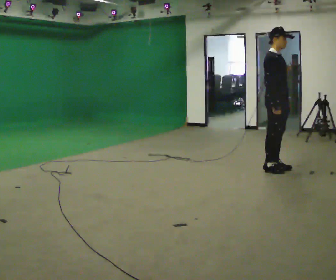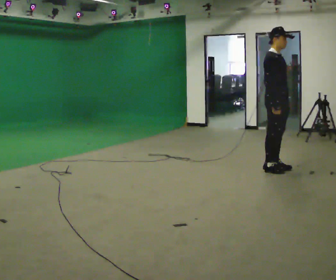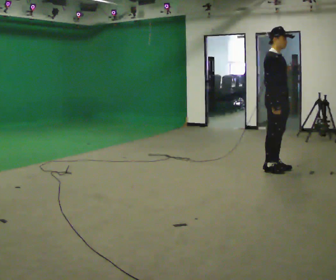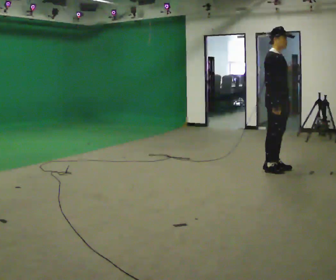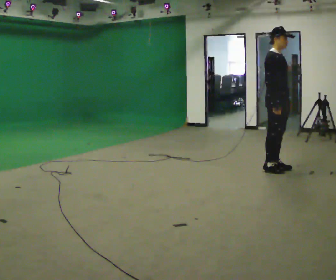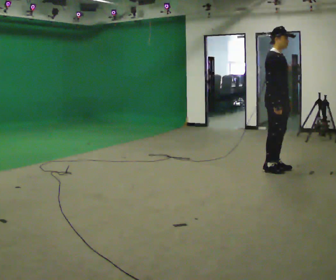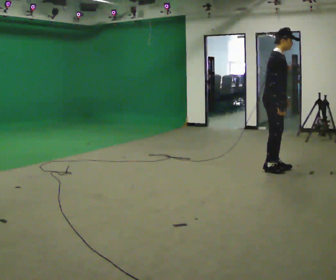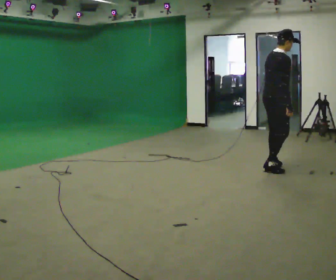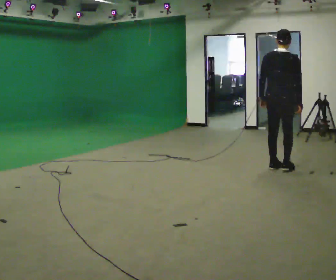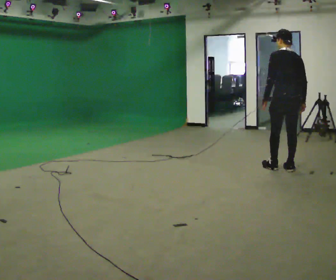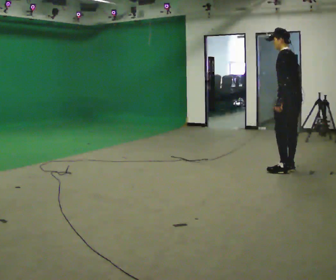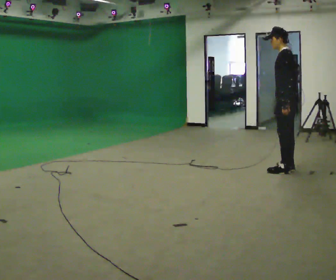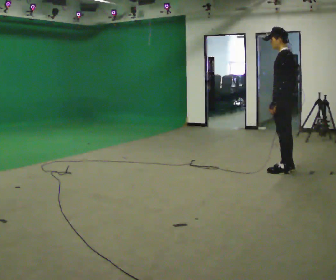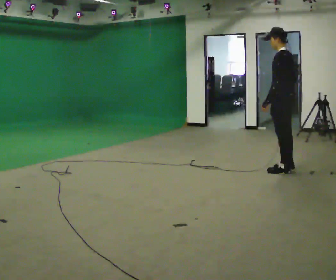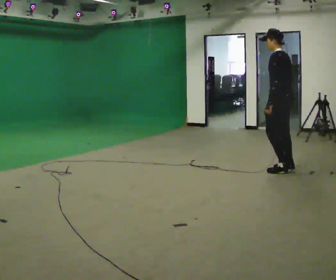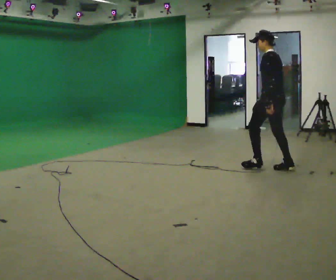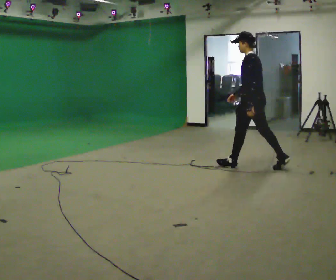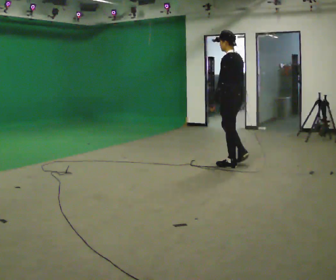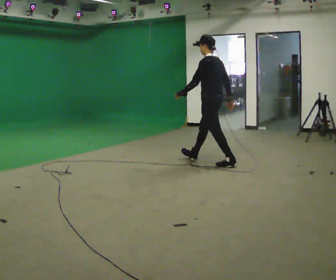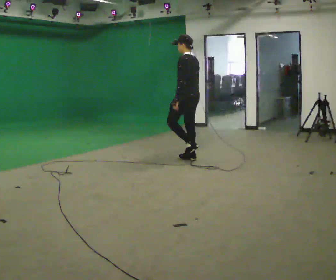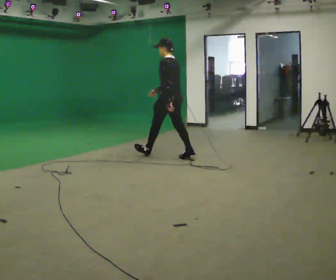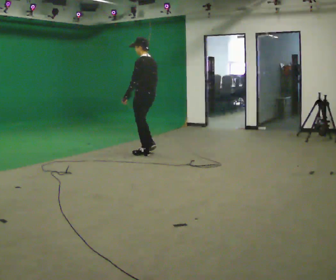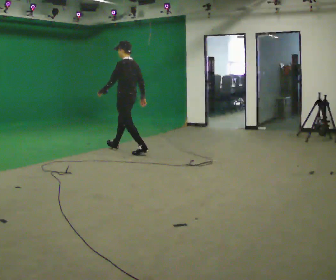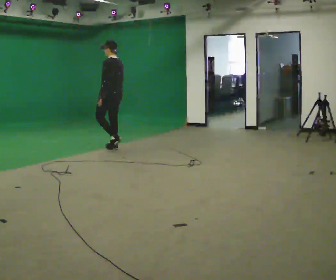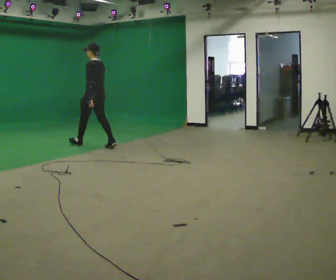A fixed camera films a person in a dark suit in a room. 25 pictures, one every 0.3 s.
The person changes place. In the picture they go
to the left.
The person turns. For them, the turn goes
to their left.
0.0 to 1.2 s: The person keeps their place and pose.
1.2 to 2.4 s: The part of the body nearest the lens slides to the right as the person turns to their left by about 105 degrees. In the picture their left hand goes to the left, the arm swinging clockwise.
2.4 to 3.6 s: The person turns about 90 degrees to their left, counterclockwise seen from above, so the part of the body nearest the lens slides to the right.
3.6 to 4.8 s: In the picture they go to the left, about 0.5 m in 1 step, which for them is forward.
4.8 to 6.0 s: In the picture they go to the left, about 1.5 m in 1 step, which for them is forward.
6.0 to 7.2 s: In the picture they go to the left, about 1.5 m in 3 steps, which for them is forward.
The film runs forward here.
